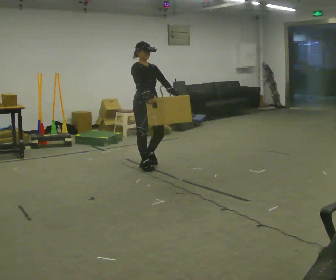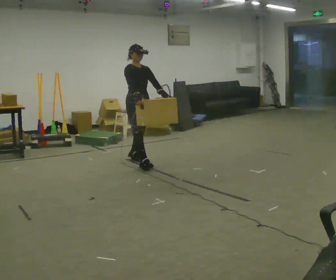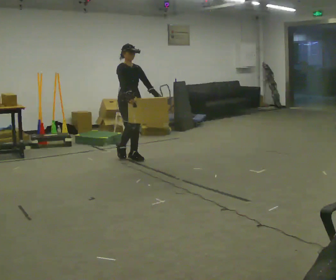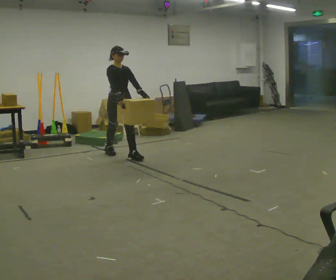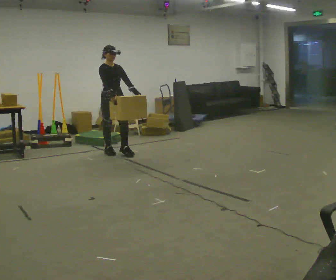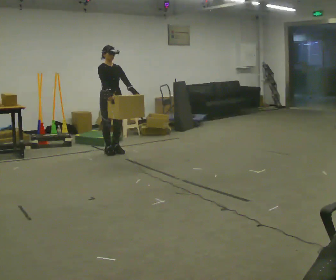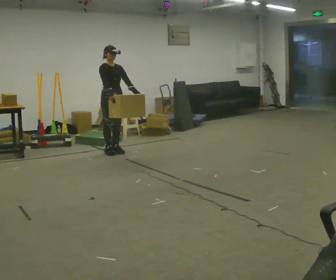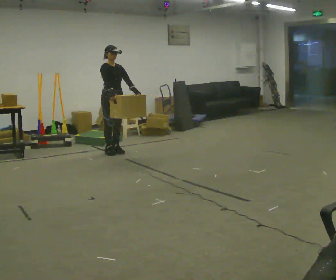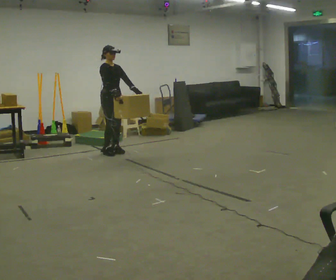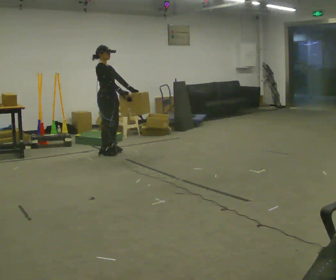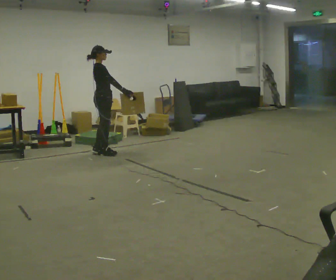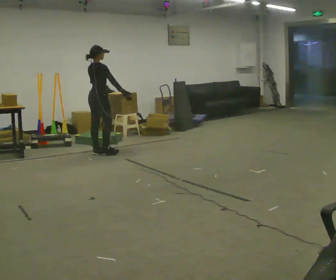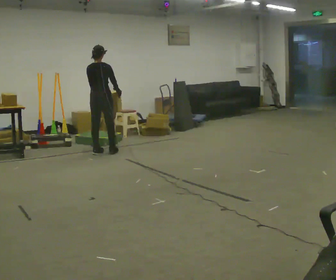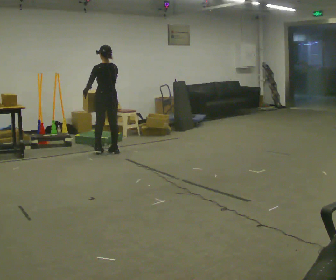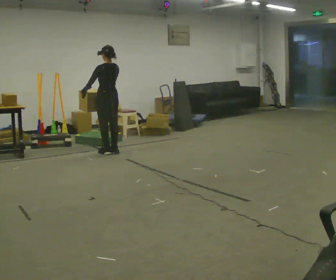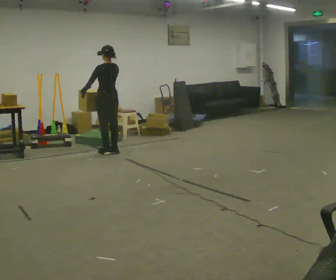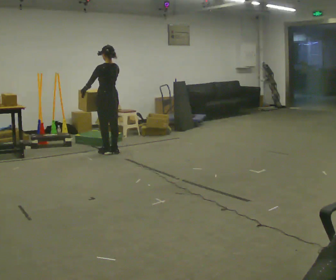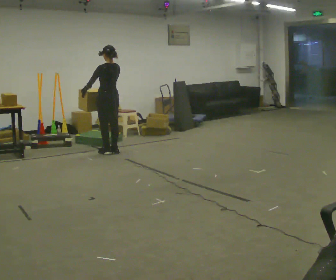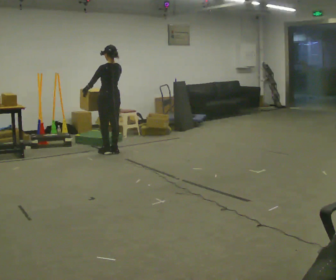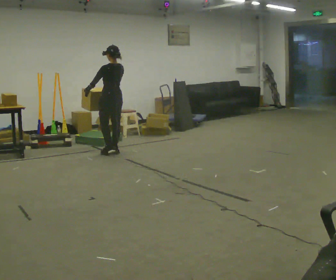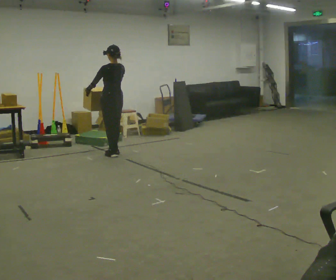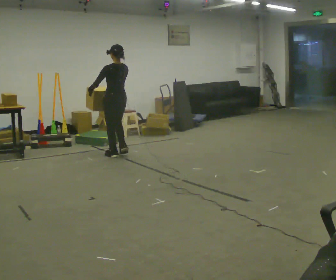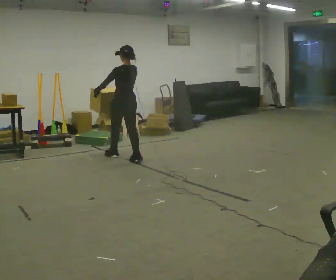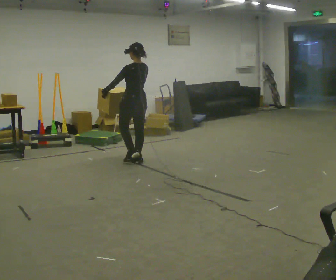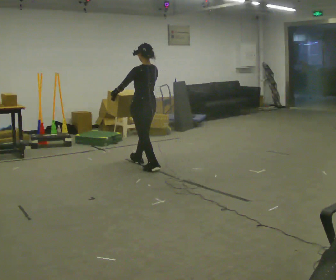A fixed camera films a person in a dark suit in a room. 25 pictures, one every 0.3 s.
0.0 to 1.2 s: In the picture they go away from the camera and to the left, about 1 m in 2 steps, which for them is backward.
1.2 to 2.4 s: The person moves a little, or ends about where they began.
2.4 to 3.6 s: Seen from above the body turns counterclockwise, about 120 degrees: to their left, with its near side sliding to the right. In the picture they go to the left, about 0.25 m in 2 steps. In the picture their left hand goes to the left, the arm swinging clockwise.
3.6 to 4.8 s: Seen from above the body turns counterclockwise, about 45 degrees: to their left, with its near side sliding to the right.
4.8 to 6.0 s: The person moves a little, or ends about where they began.
6.0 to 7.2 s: In the picture they go toward the camera and to the right, about 1 m in 2 steps, which for them is backward.
The film runs backward here.
